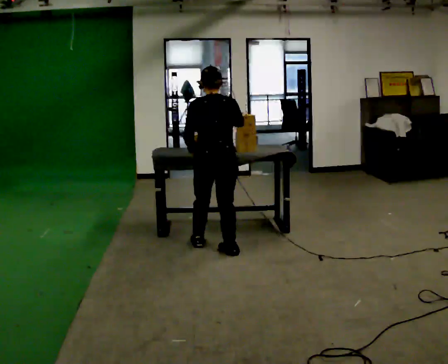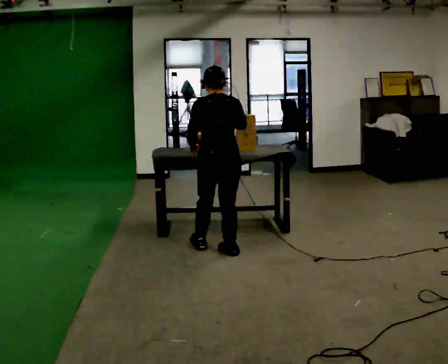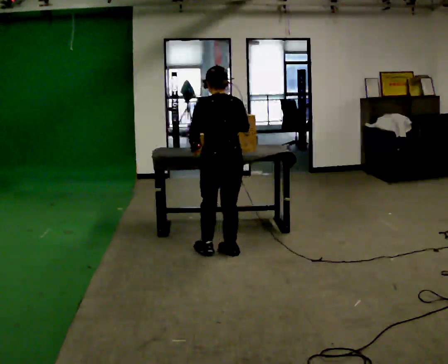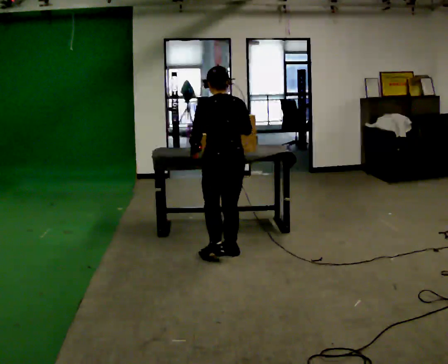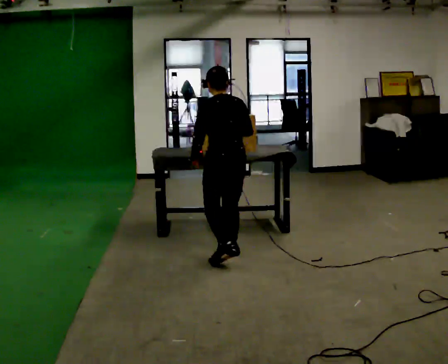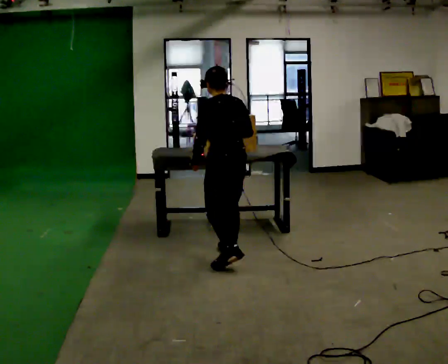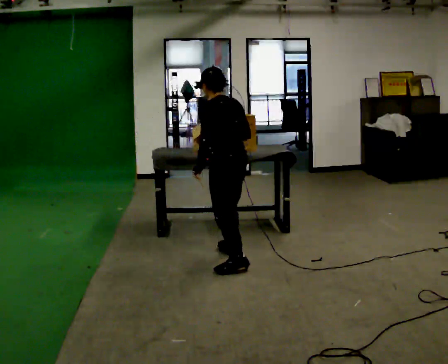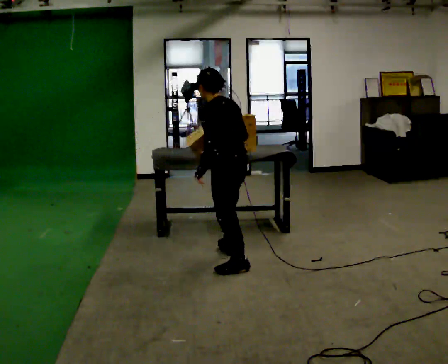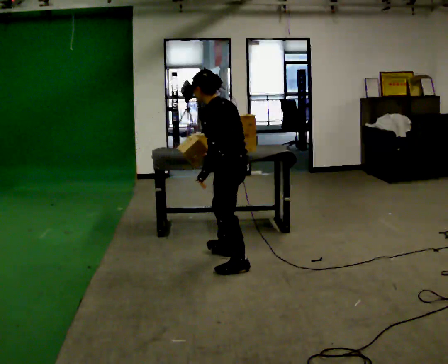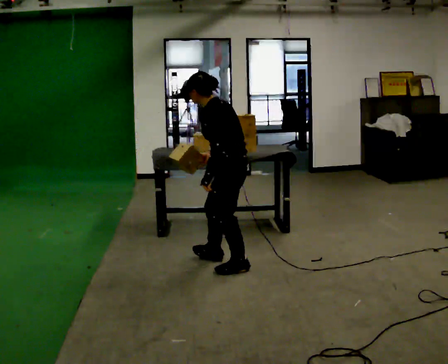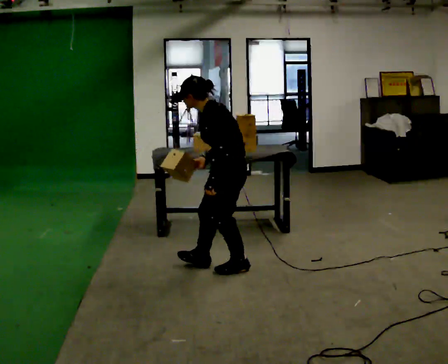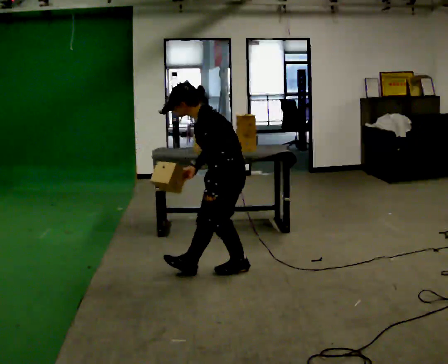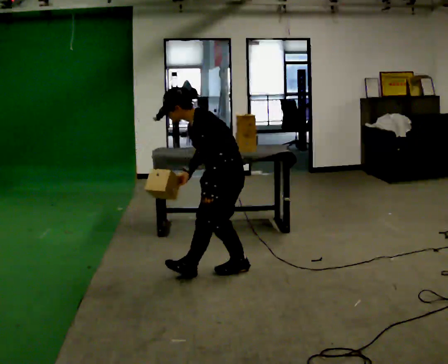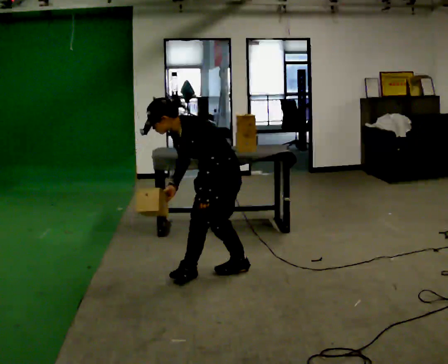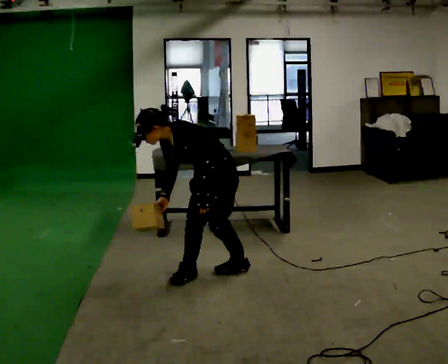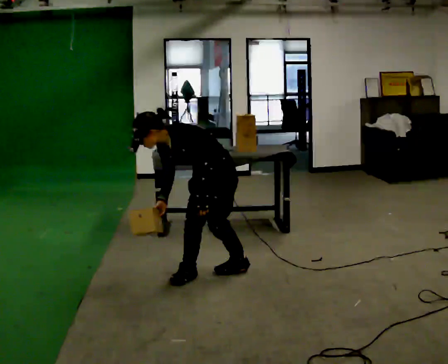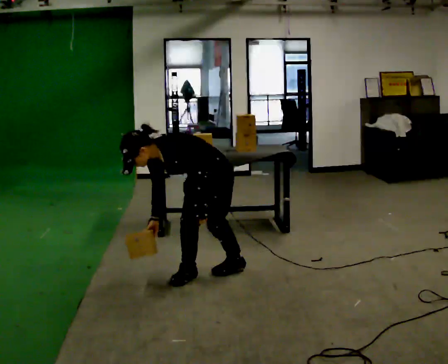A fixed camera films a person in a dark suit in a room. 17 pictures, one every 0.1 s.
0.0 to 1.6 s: The person turns about 120 degrees to their left, counterclockwise seen from above, so the part of the body nearest the lens slides to the right. In the picture they go toward the camera, about 0.5 m in 1 step. The shoulders move downward. In the picture the upper body tilts counterclockwise, shoulders to the left, as they bend forward. In the picture their right hand goes downward.
The film runs backward here.
